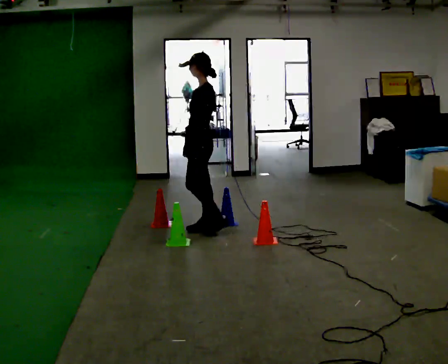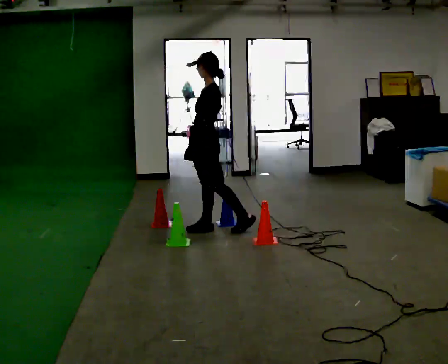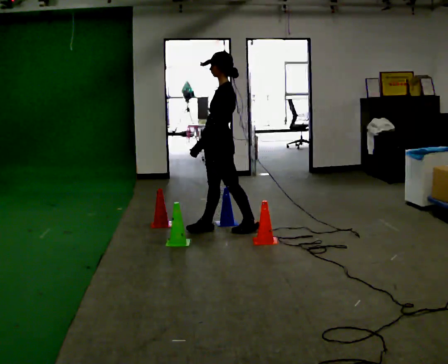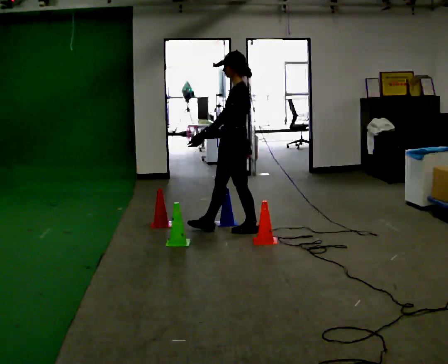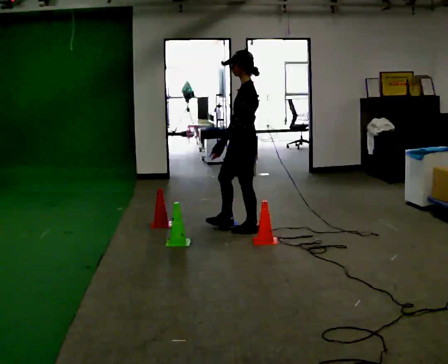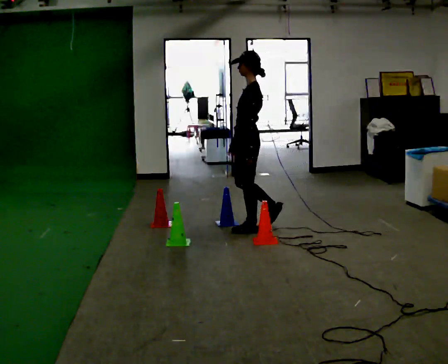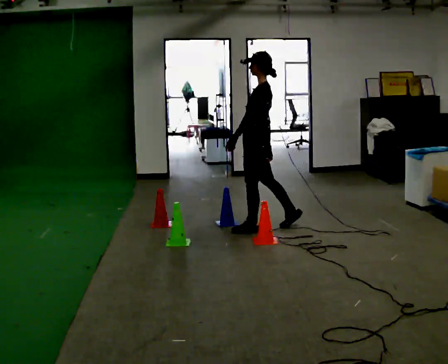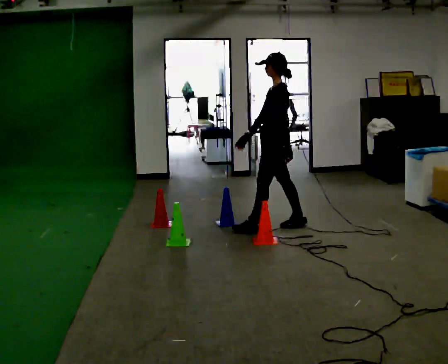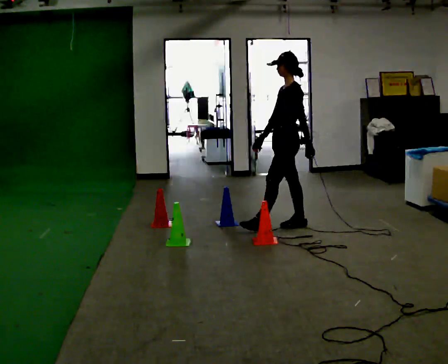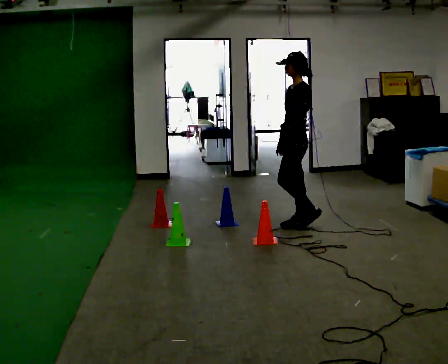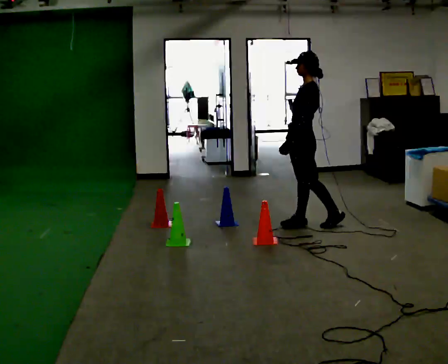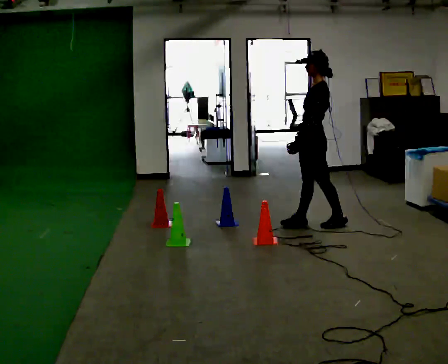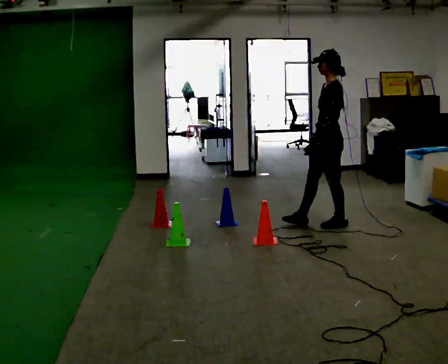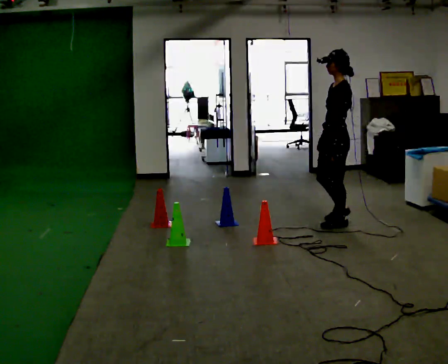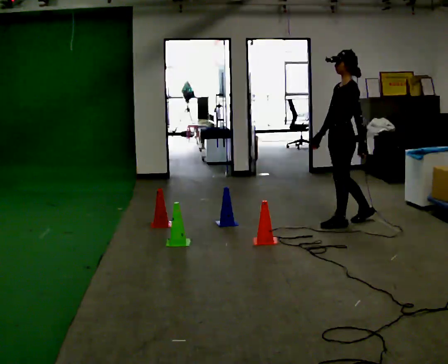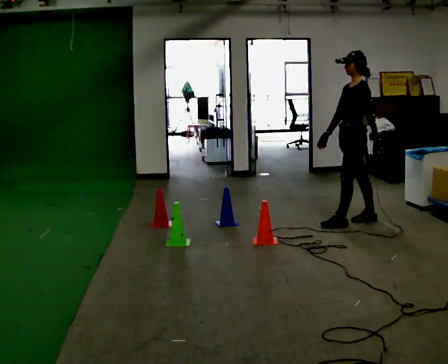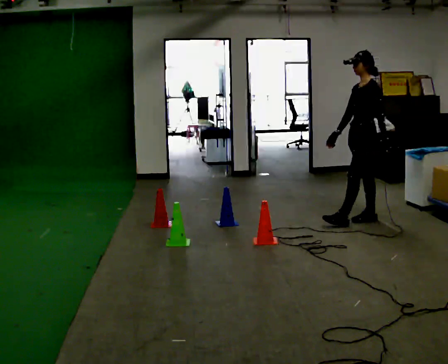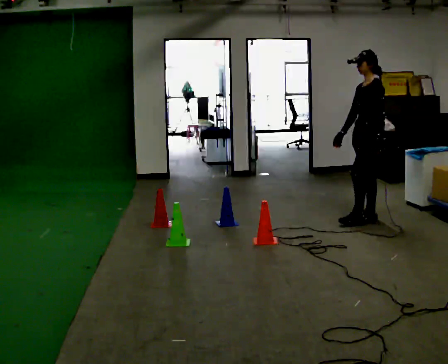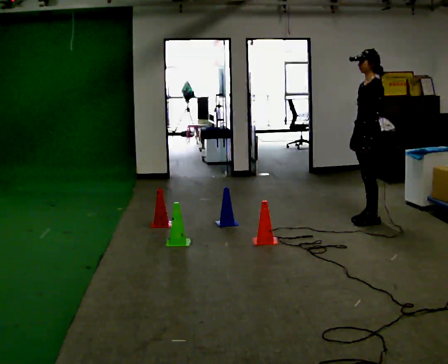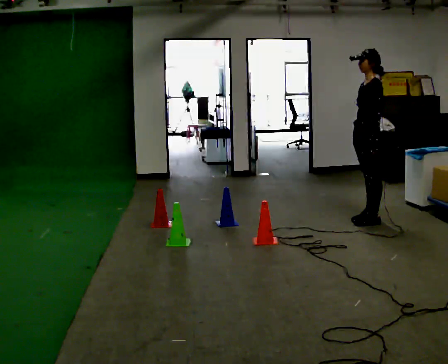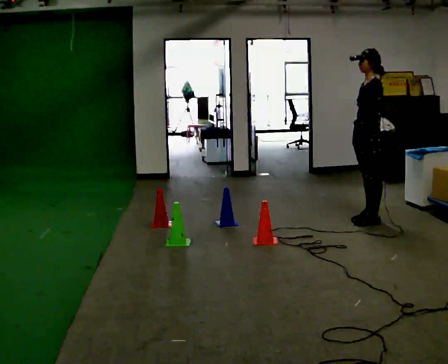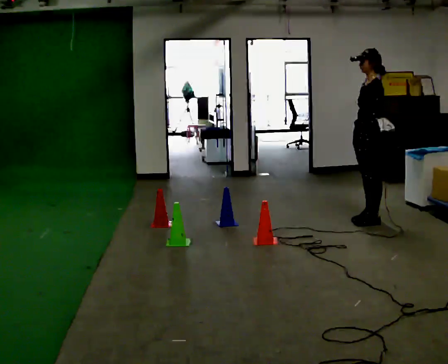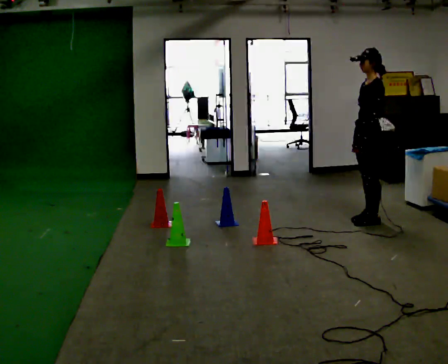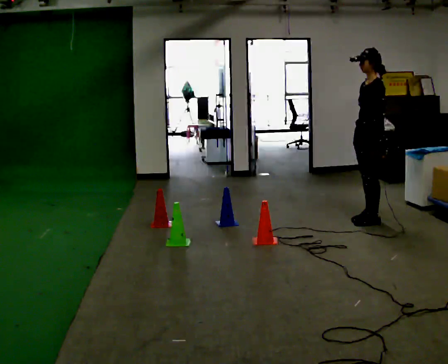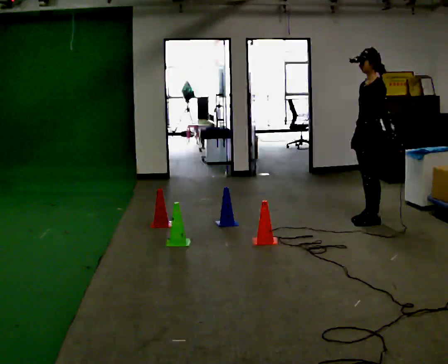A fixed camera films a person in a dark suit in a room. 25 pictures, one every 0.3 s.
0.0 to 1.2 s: In the picture they go to the right, about 0.5 m in 1 step, which for them is backward.
1.2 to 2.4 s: In the picture they go to the right and away from the camera, about 0.5 m in 1 step, which for them is backward and to their right.
2.4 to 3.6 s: In the picture they go to the right, about 0.5 m, which for them is backward.
3.6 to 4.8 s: In the picture they go to the right and away from the camera, about 0.25 m in 1 step, which for them is backward.
4.8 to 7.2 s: The person moves a little, or ends about where they began.
The film runs backward here.
